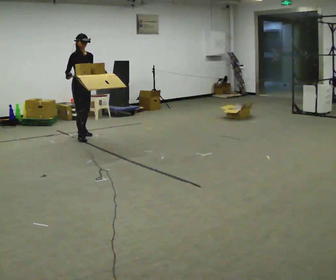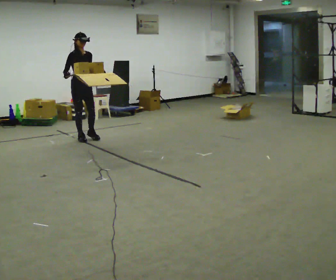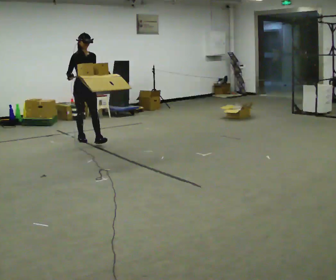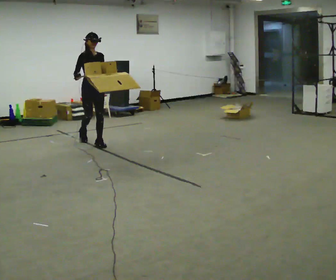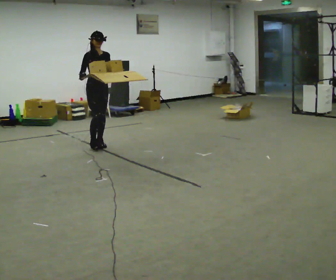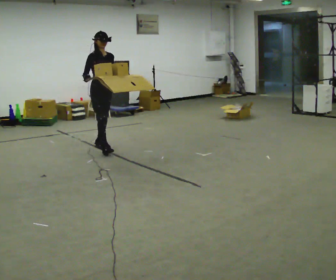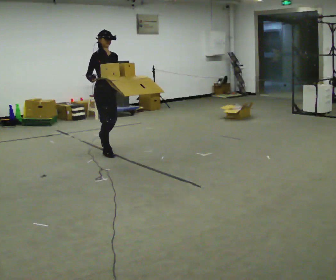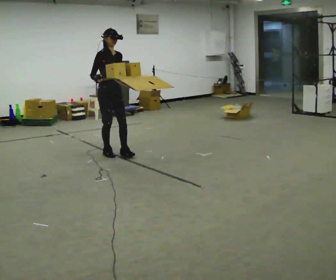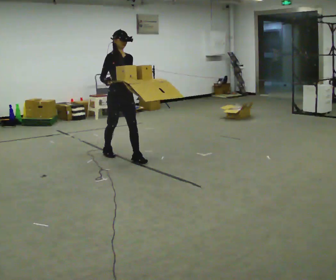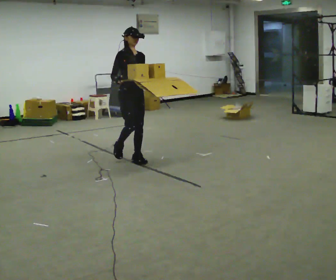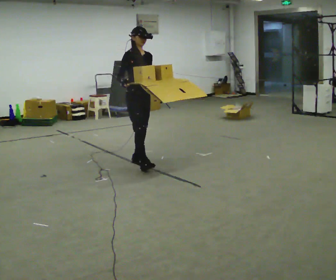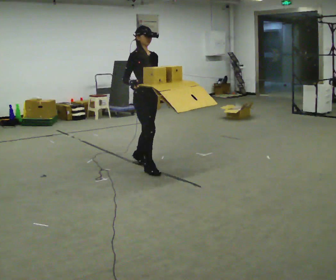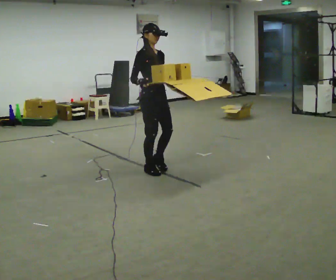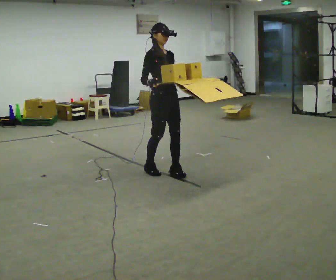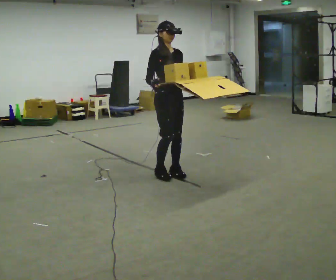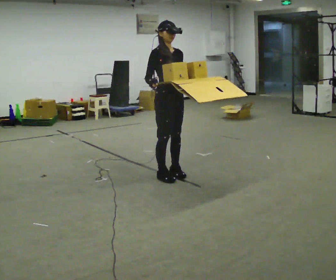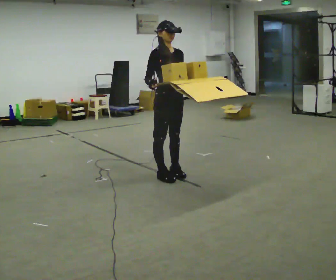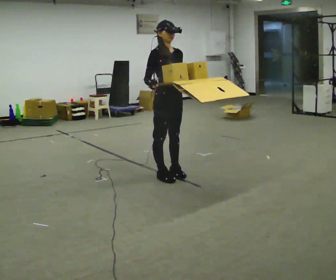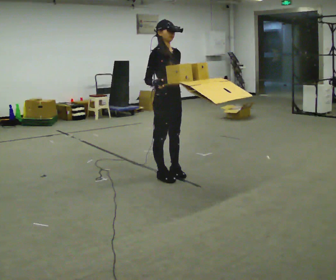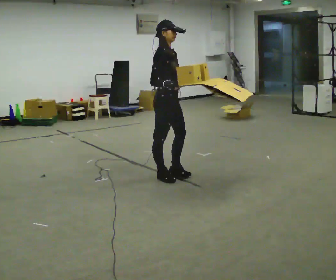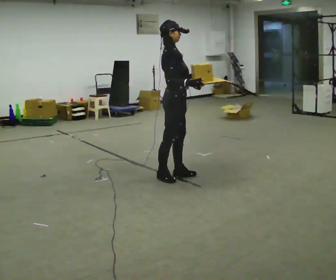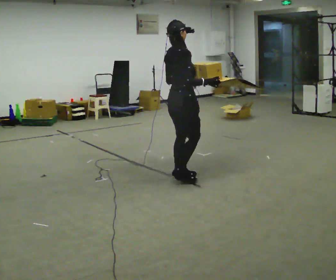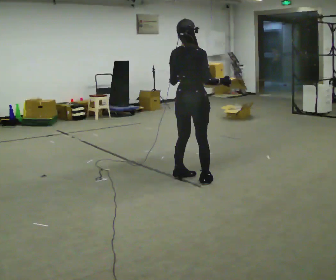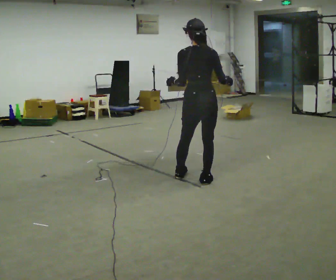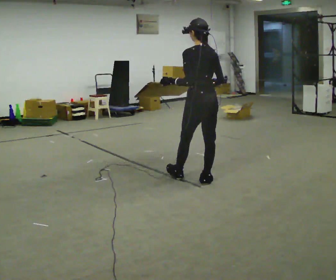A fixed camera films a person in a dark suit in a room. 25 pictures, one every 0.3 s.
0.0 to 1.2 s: In the picture they go toward the camera and to the right, about 0.5 m in 1 step, which for them is forward.
1.2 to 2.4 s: In the picture they go toward the camera and to the right, about 0.5 m in 2 steps, which for them is forward.
2.4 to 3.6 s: In the picture they go to the right and toward the camera, about 0.75 m in 1 step, which for them is forward.
3.6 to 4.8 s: In the picture they go to the right and toward the camera, about 0.25 m in 2 steps, which for them is forward.
4.8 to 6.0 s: The person turns about 45 degrees to their left, counterclockwise seen from above, so the part of the body nearest the lens slides to the right. In the picture their right hand goes to the right.
6.0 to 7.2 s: Seen from above the body turns counterclockwise, about 120 degrees: to their left, with its near side sliding to the right. In the picture they go to the right, about 0.25 m in 1 step.
The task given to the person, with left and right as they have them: Carry the open tray of loose items across the room, back and forth, trying not to let anything fall out.
The film runs forward here.
